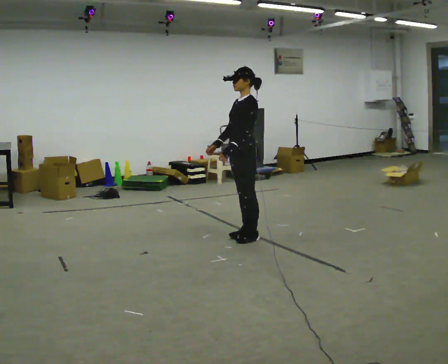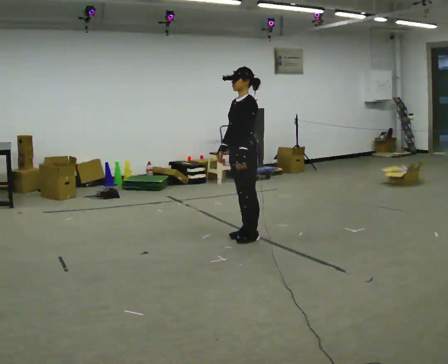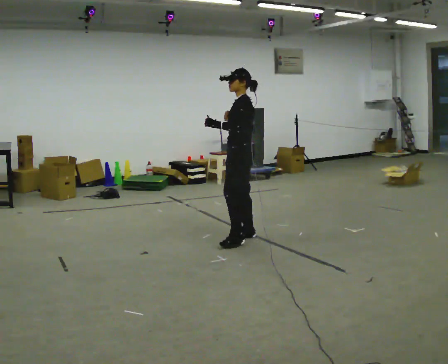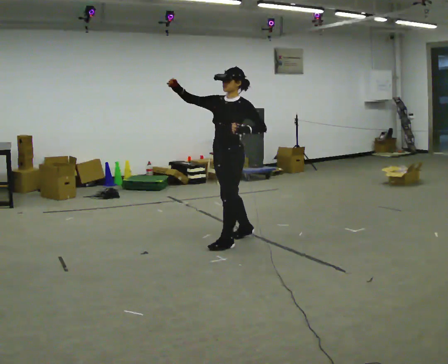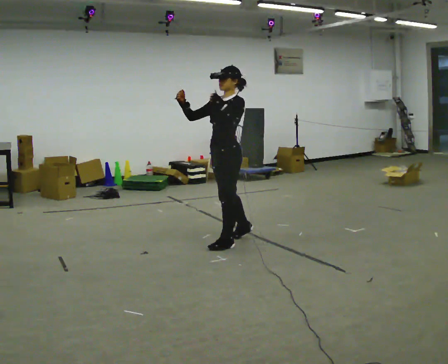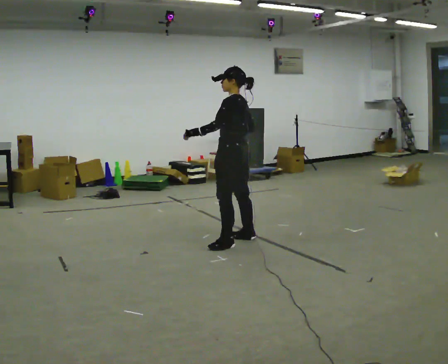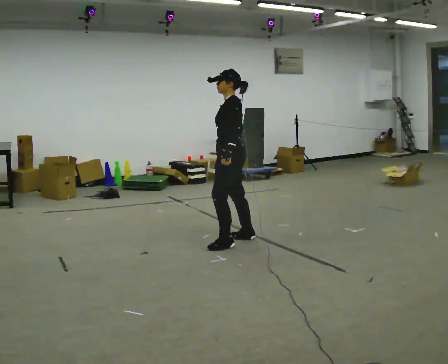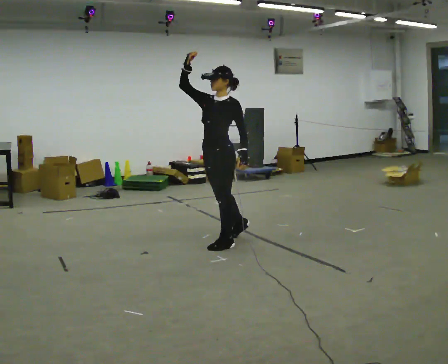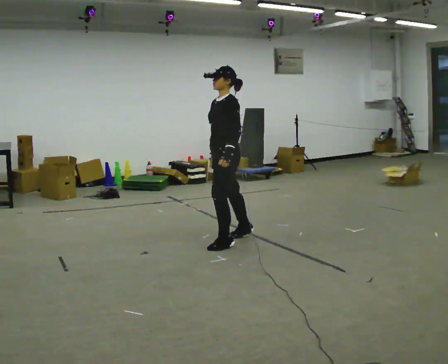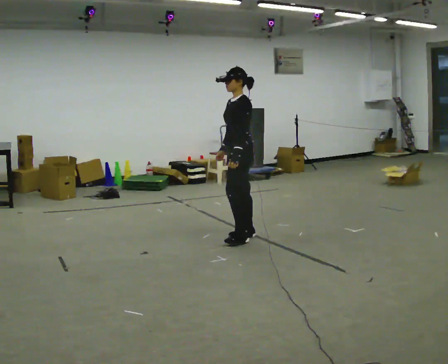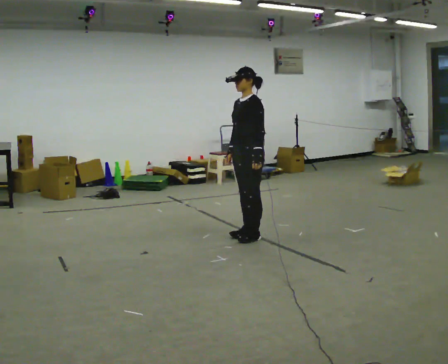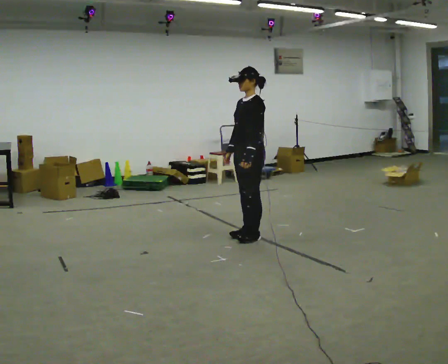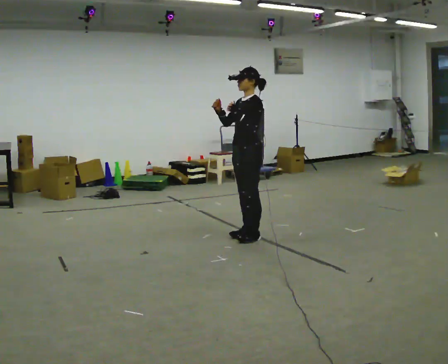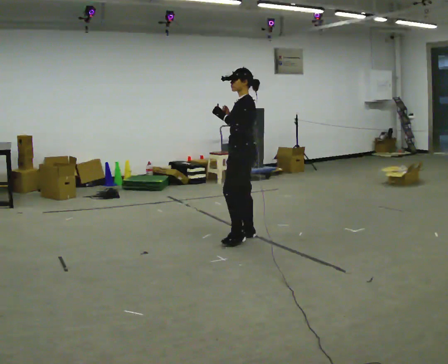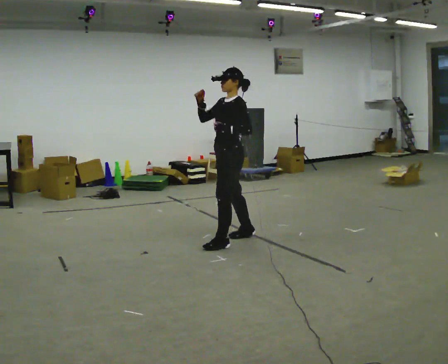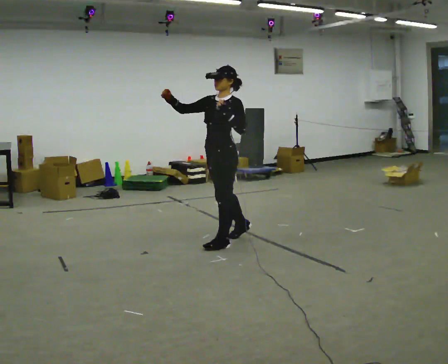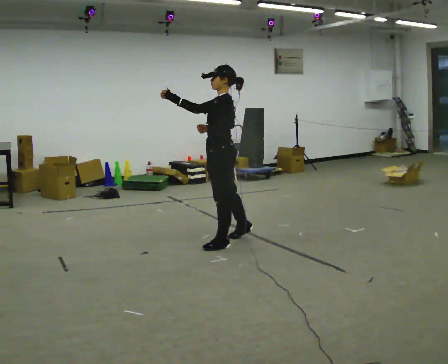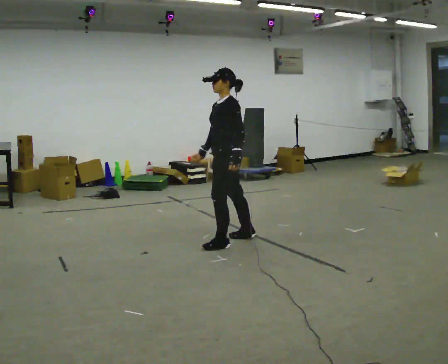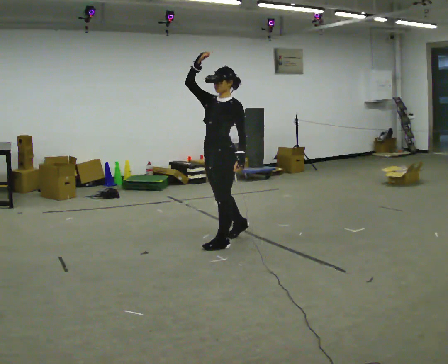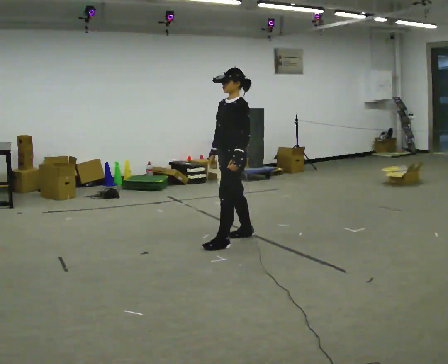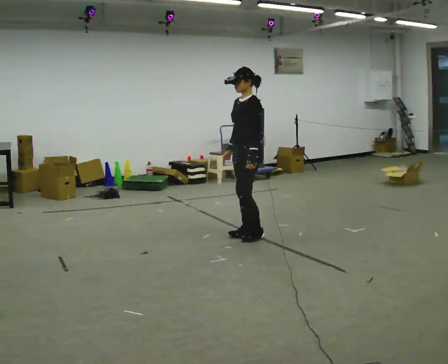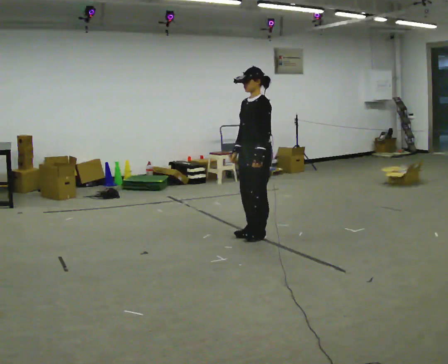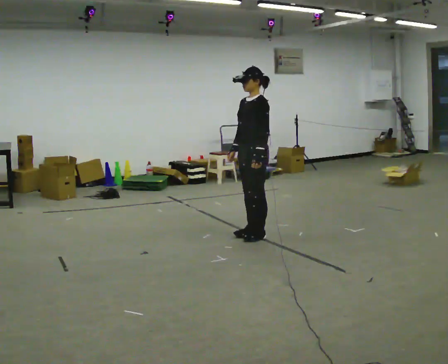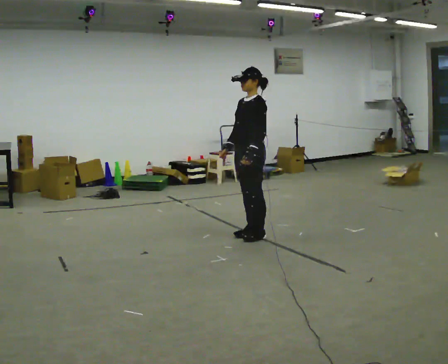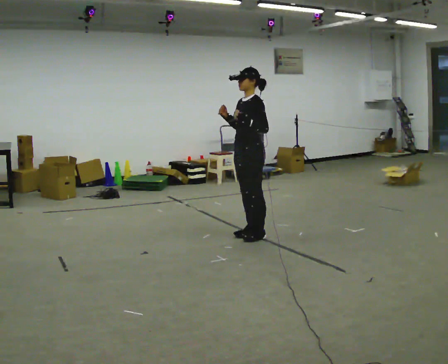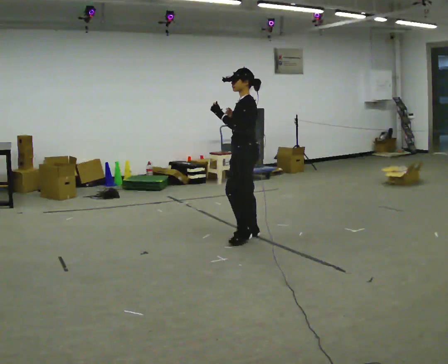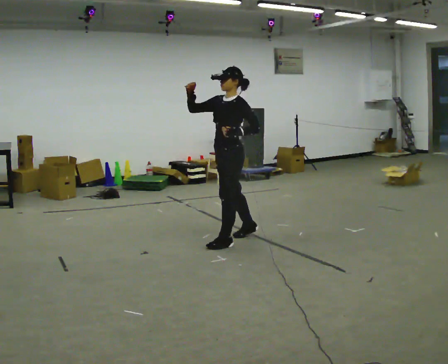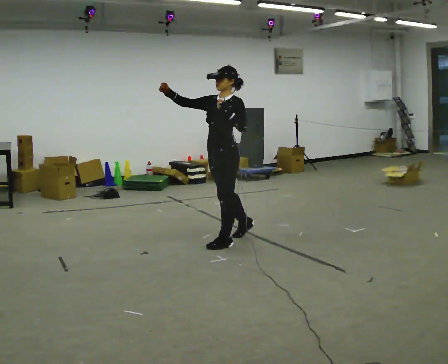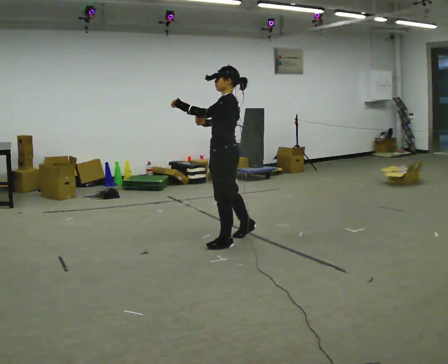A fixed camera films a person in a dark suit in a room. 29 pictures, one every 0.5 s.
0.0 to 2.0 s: In the picture they go toward the camera and to the left, about 0.25 m in 1 step, which for them is to their left and forward. In the picture their right hand goes upward.
2.0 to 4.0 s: In the picture their right hand goes downward.
4.0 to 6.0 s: In the picture they go to the right and away from the camera, about 0.25 m in 1 step, which for them is backward. In the picture their right hand goes upward.
6.0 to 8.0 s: In the picture they go toward the camera and to the left, about 0.25 m in 1 step, which for them is forward and to their left.
8.0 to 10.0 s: In the picture they go away from the camera and to the right, about 0.25 m, which for them is backward. In the picture their left hand goes downward, the arm swinging counterclockwise.
10.0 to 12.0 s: In the picture their right hand goes upward.
12.0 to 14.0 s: In the picture they go toward the camera and to the left, about 0.25 m in 1 step, which for them is forward.
The film runs forward here.
